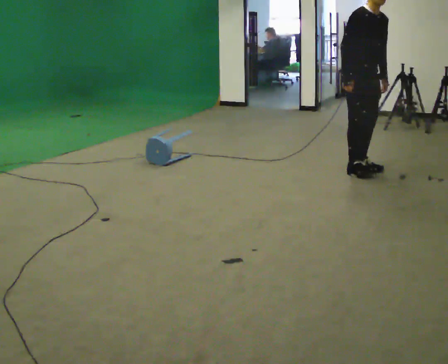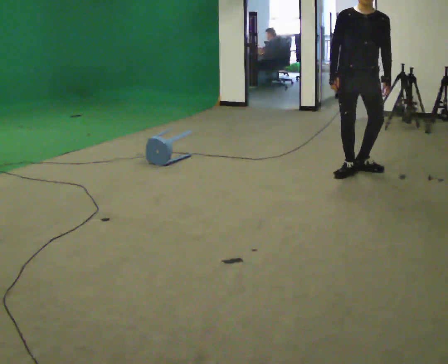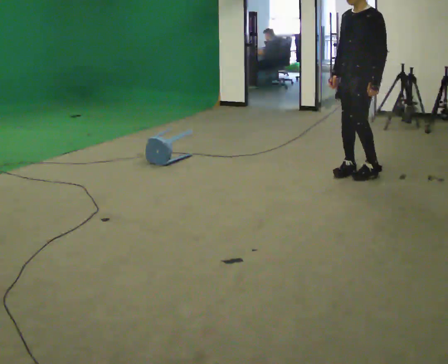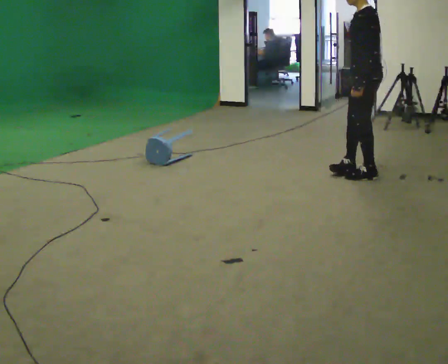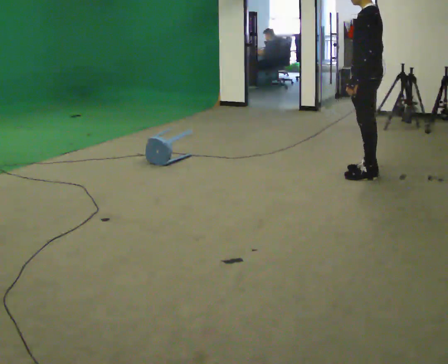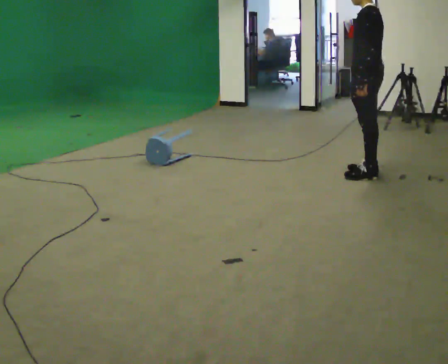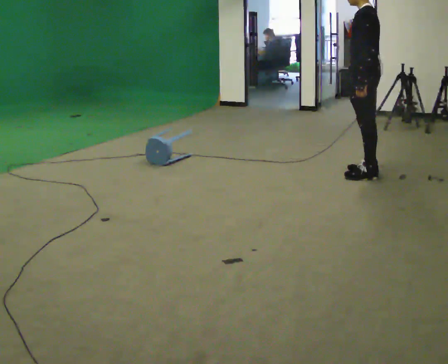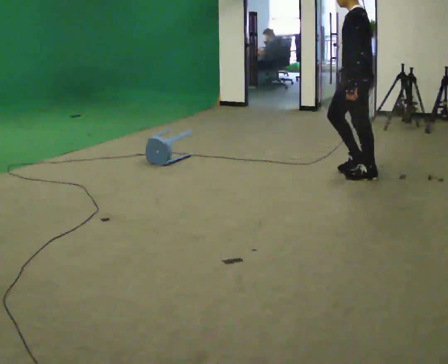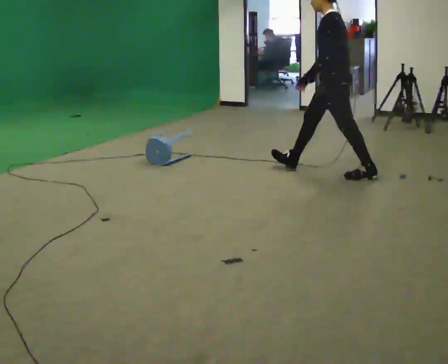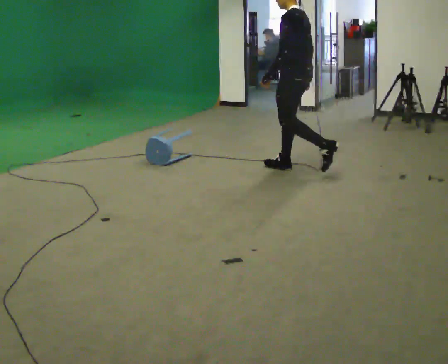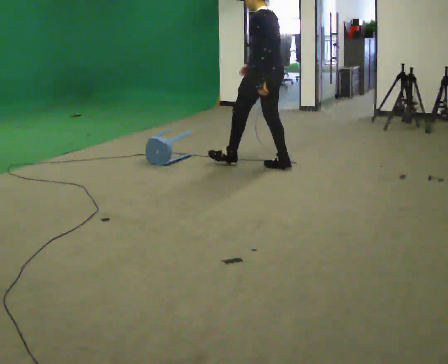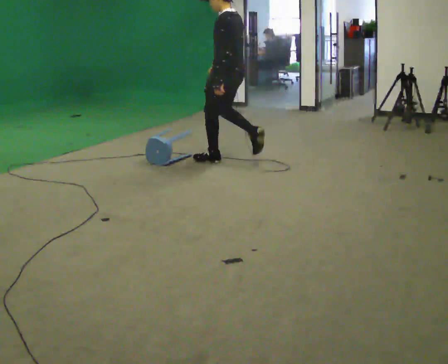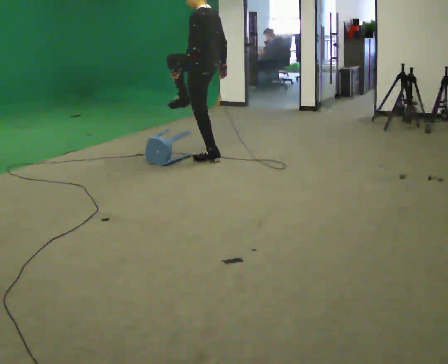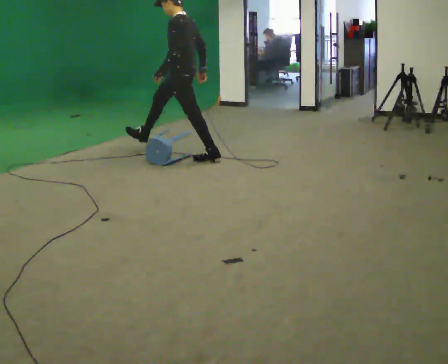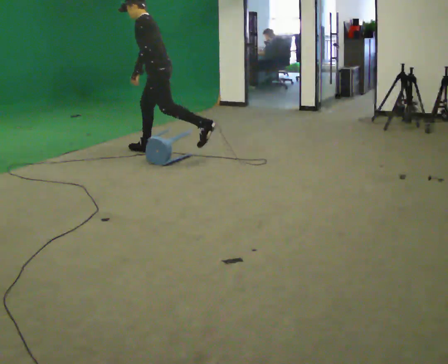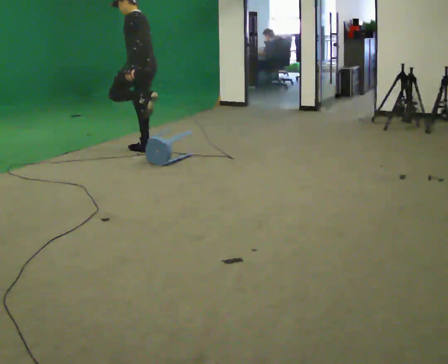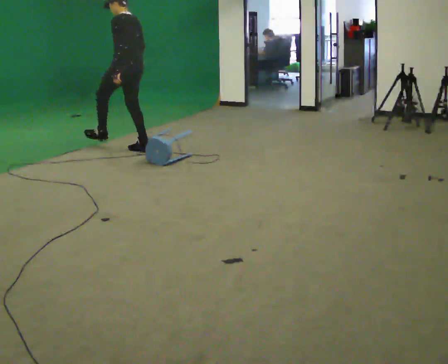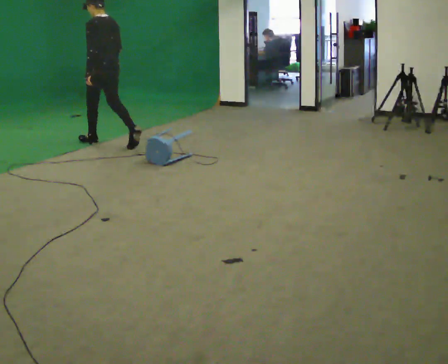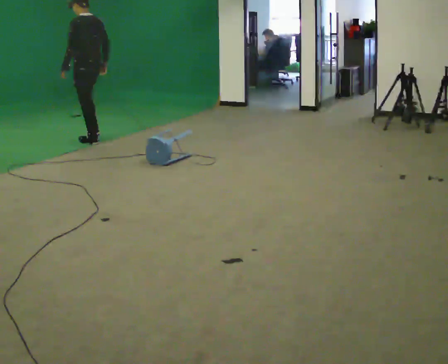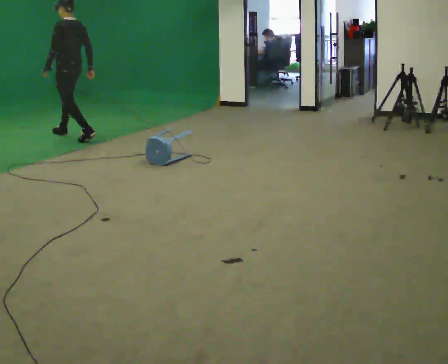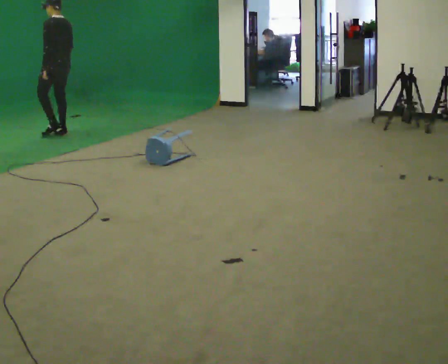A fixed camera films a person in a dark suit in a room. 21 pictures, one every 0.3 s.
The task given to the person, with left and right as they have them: Walk toward low obstacle; step over without stopping; continue.
0.0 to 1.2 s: Seen from above the body turns clockwise, about 150 degrees: to their right, with its near side sliding to the left. In the picture their right hand goes to the right.
1.2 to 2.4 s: In the picture they go to the left, about 0.25 m, which for them is forward.
2.4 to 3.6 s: In the picture they go to the left and away from the camera, about 1.5 m in 2 steps, which for them is forward.
3.6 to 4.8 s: In the picture they go to the left and away from the camera, about 1 m in 1 step, which for them is forward and to their right.
4.8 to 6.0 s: In the picture they go to the left and away from the camera, about 1 m in 2 steps, which for them is forward.
The film runs forward here.
